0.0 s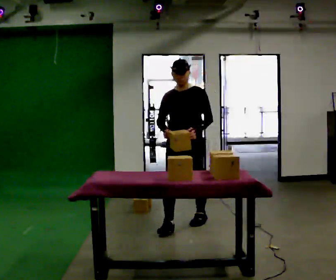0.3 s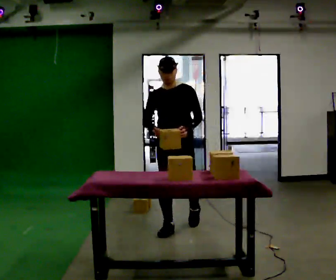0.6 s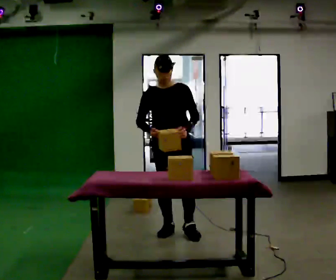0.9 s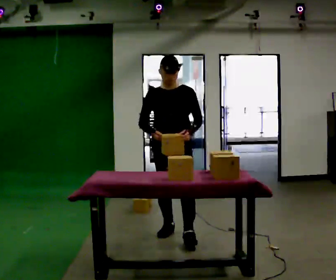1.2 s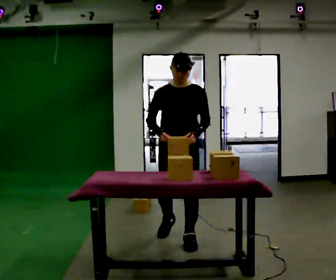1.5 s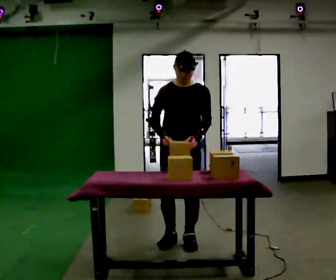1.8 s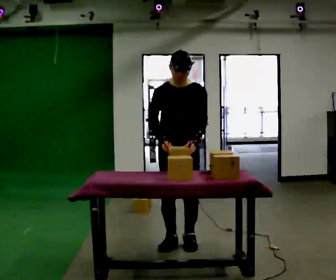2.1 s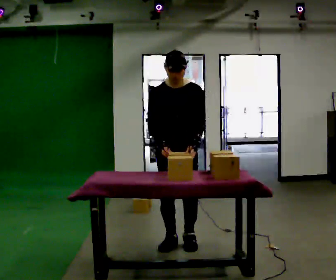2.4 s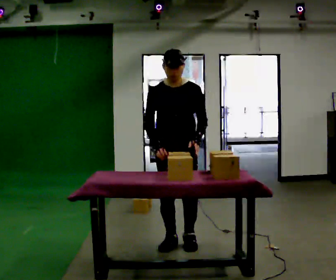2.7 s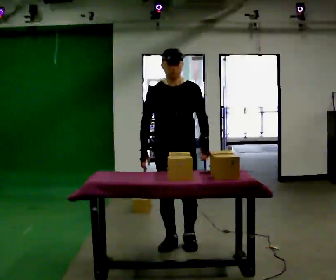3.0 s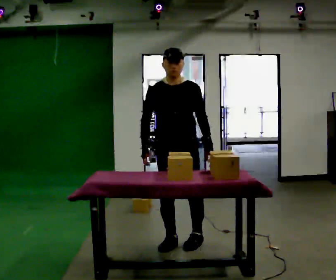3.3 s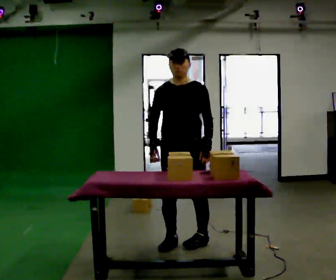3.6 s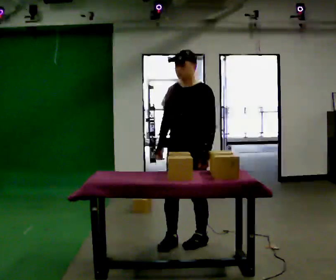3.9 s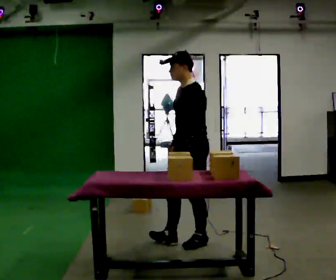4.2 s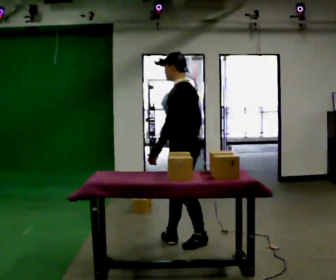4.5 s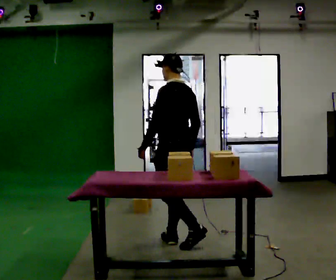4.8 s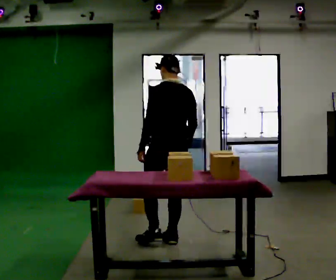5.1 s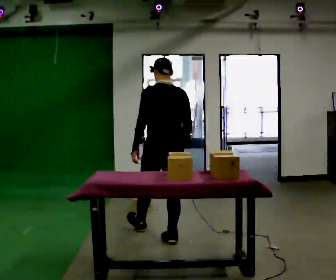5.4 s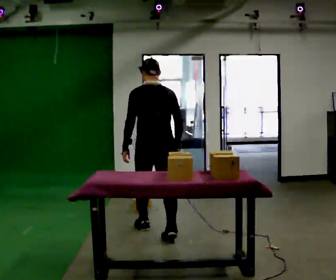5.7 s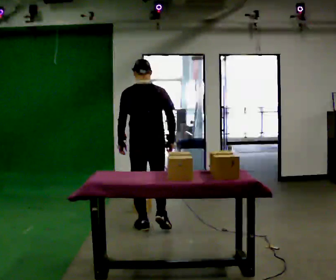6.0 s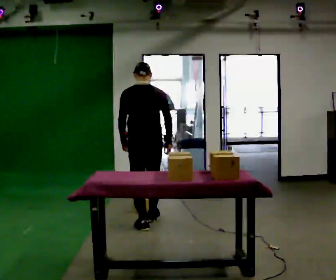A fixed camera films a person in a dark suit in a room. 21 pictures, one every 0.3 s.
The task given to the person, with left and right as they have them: Take boxes off the top of the stack one at a time and carry them away, walking back for each one. Keep going until the operator says stop; one object at a time, and do not rush between trips.
0.0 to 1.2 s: In the picture they go toward the camera, about 0.5 m in 1 step, which for them is forward.
1.2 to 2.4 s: The person moves a little, or ends about where they began.
2.4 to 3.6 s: Seen from above the body turns clockwise, about 30 degrees: to their right, with its near side sliding to the left.
3.6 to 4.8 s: The part of the body nearest the lens slides to the left as the person turns to their right by about 105 degrees. In the picture they go to the left, about 0.25 m. In the picture their left hand goes to the left.
4.8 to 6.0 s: The person turns about 30 degrees to their right, clockwise seen from above, so the part of the body nearest the lens slides to the left. In the picture they go away from the camera and to the left, about 0.5 m in 1 step, which for them is forward.
The film runs forward here.
